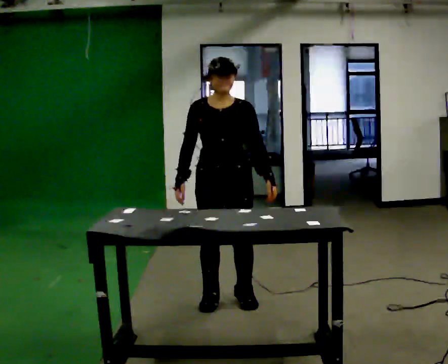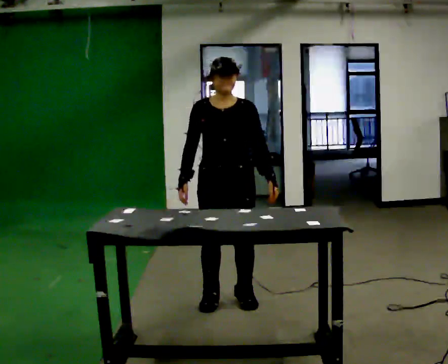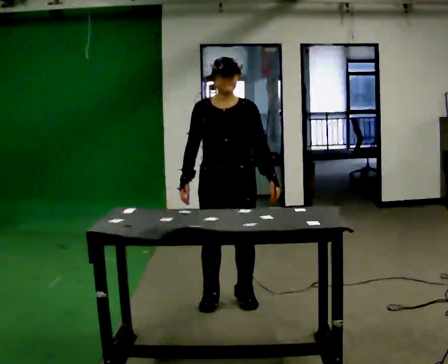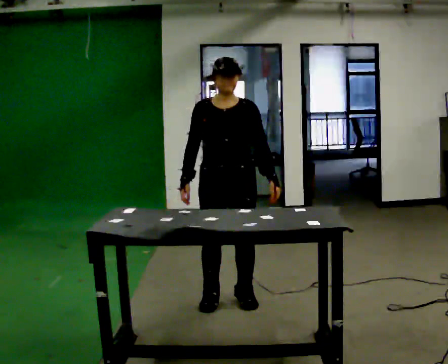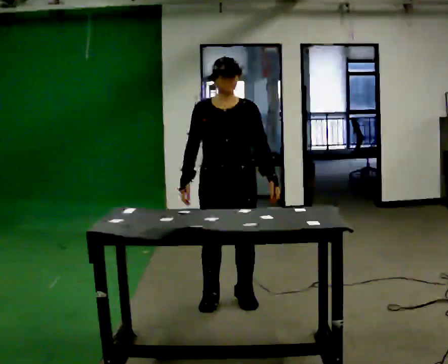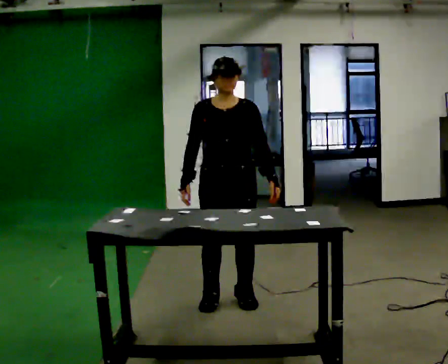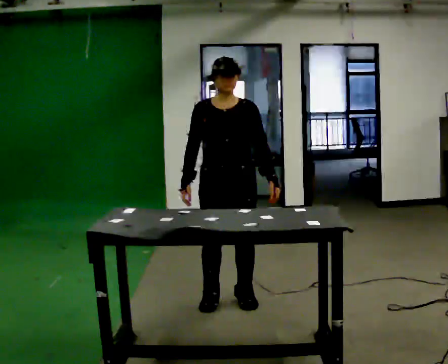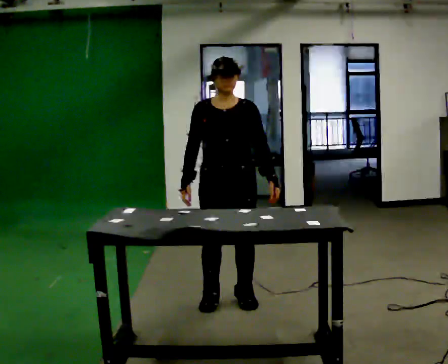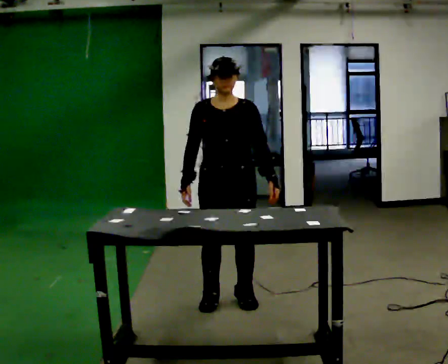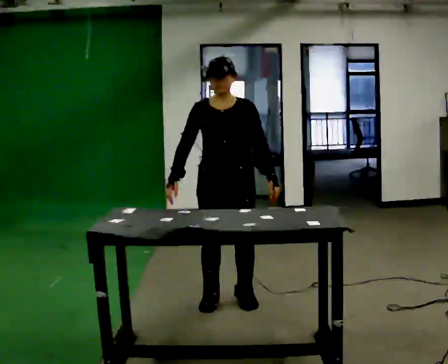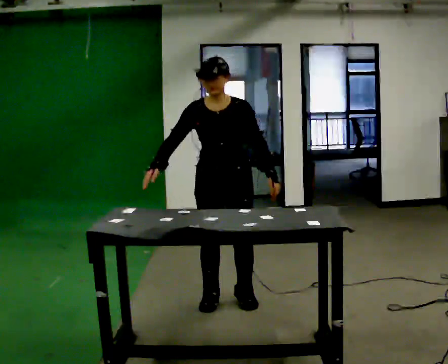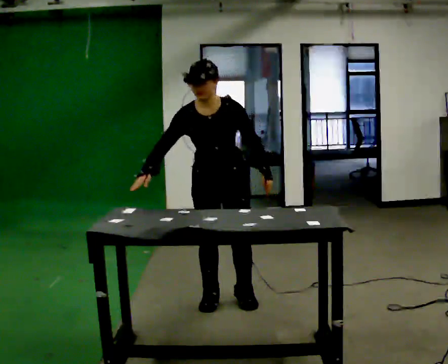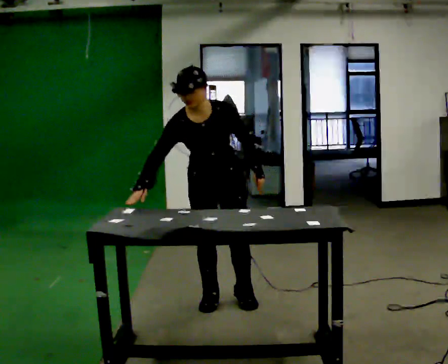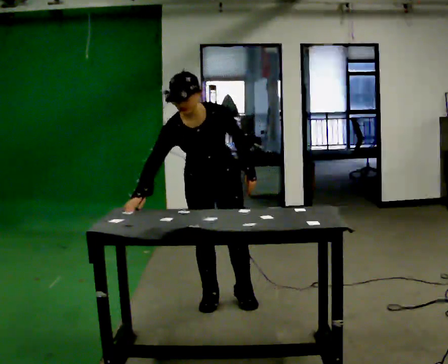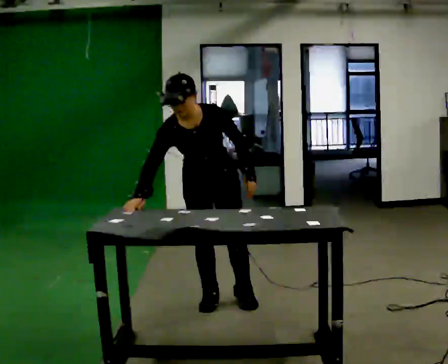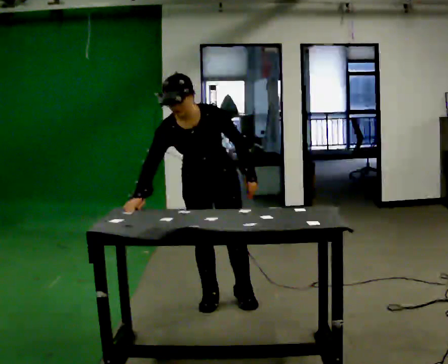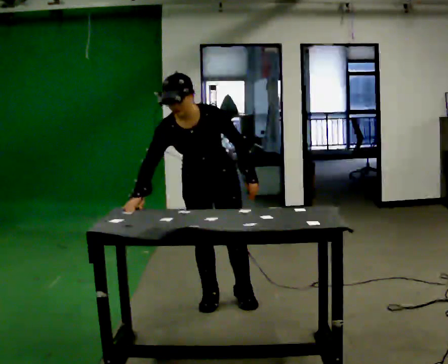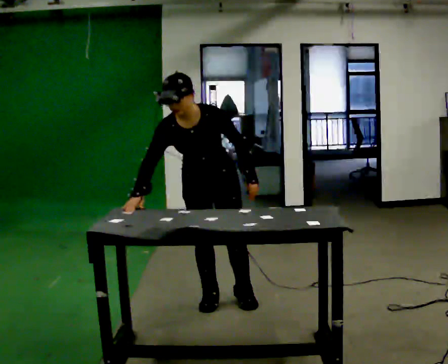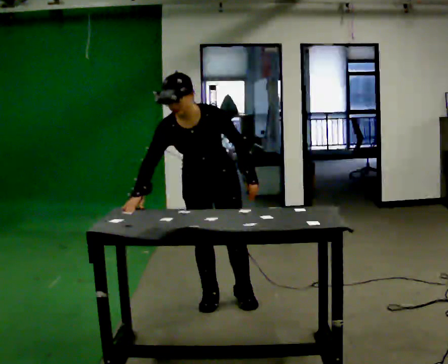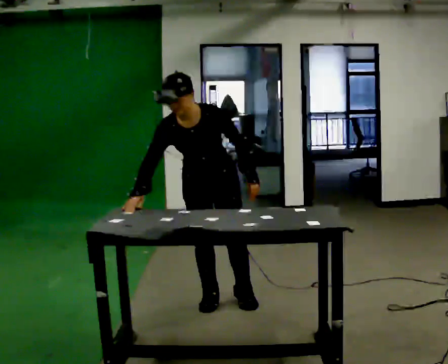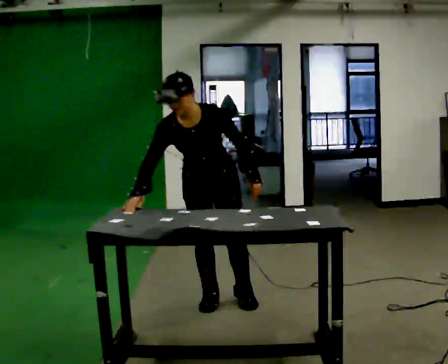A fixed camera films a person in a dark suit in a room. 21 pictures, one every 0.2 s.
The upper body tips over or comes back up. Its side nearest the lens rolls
downward.
0.0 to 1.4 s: The person moves a little, or ends about where they began.
1.4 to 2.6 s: The upper body tips toward the camera, its near side rolling downward, as they bend forward.
2.6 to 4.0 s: The person moves a little, or ends about where they began.
The film runs forward here.
